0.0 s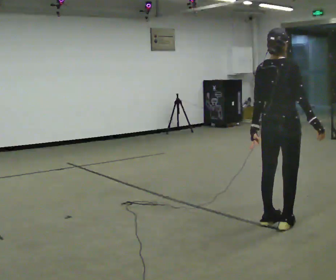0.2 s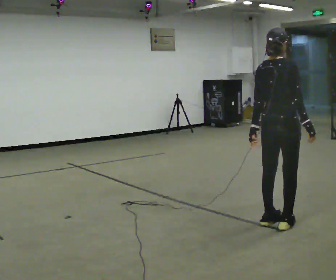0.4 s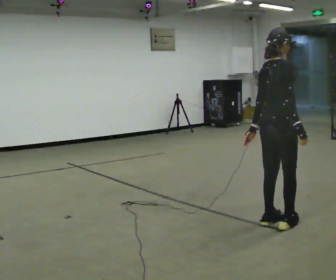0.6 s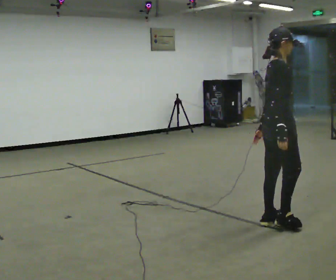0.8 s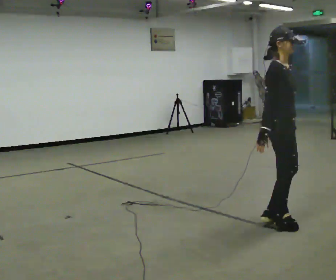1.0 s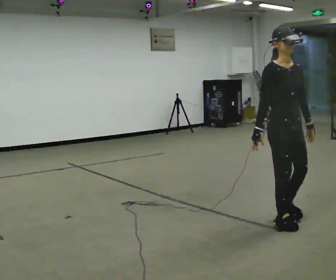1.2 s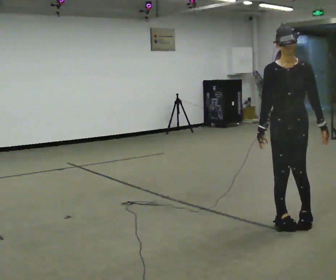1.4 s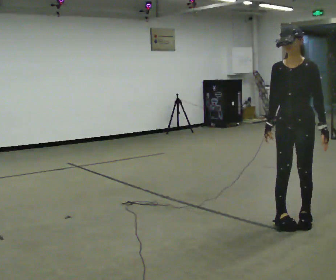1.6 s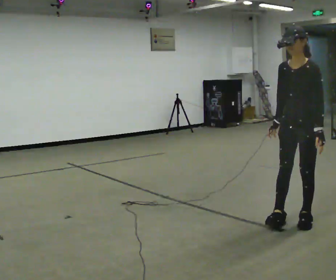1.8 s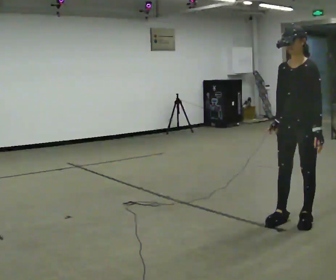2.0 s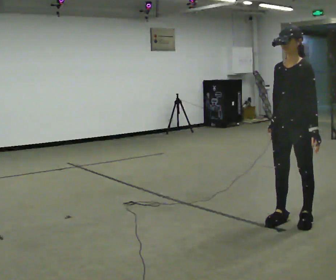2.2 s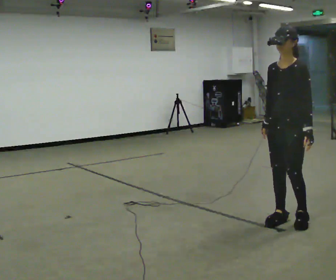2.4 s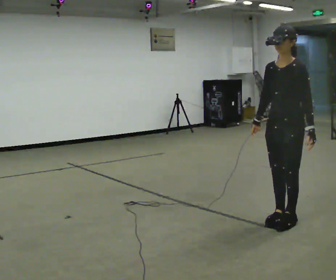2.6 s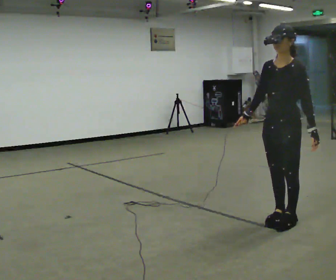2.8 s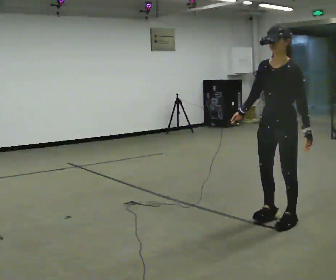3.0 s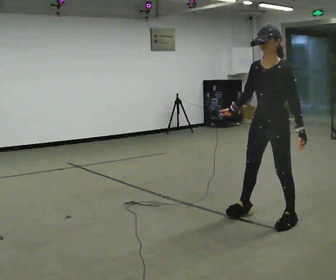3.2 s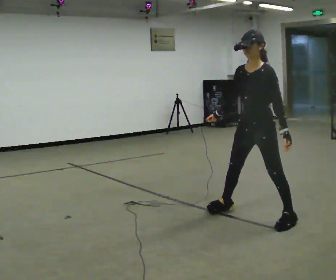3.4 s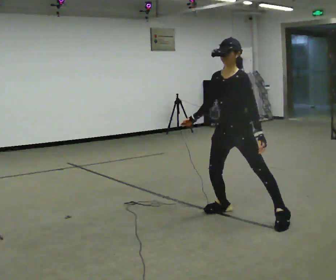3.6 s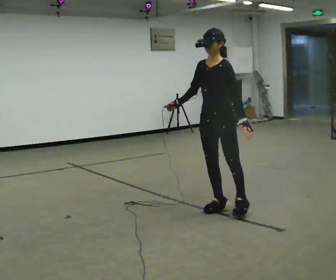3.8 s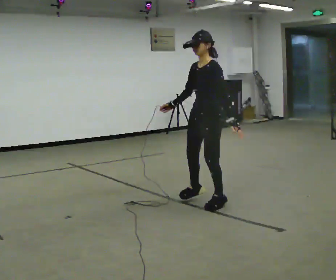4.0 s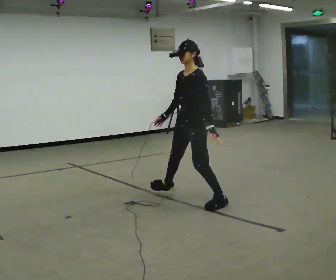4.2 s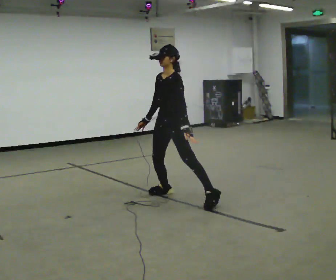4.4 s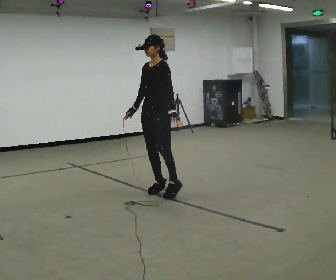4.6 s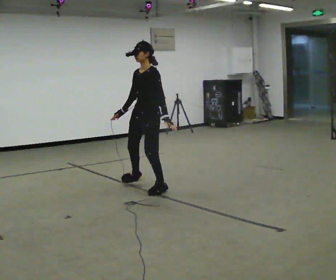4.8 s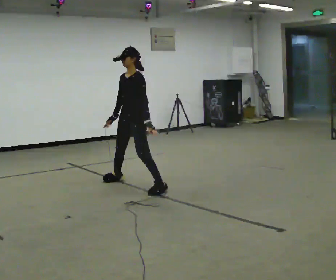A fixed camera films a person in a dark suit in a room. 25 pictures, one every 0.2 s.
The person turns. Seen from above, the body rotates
clockwise.
The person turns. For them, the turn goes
to their right.
0.0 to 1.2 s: Seen from above the body turns clockwise, about 150 degrees: to their right, with its near side sliding to the left. In the picture their right hand goes to the left, the arm swinging clockwise.
1.2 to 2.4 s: The person turns about 45 degrees to their right, clockwise seen from above, so the part of the body nearest the lens slides to the left.
2.4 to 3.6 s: In the picture they go to the left and away from the camera, about 0.5 m in 1 step, which for them is to their right.
3.6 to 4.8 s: In the picture they go to the left and away from the camera, about 1.5 m in 3 steps, which for them is to their right.
The film runs forward here.
